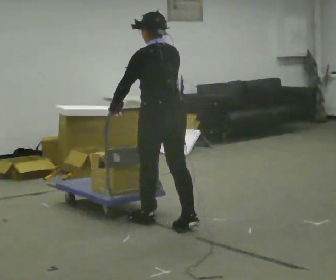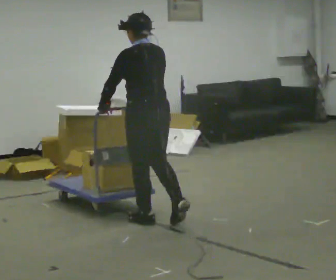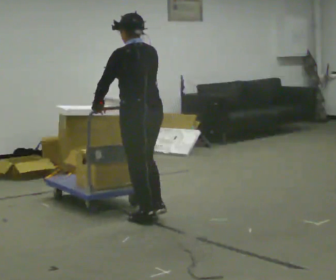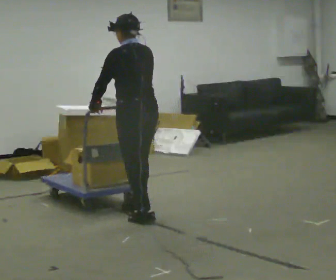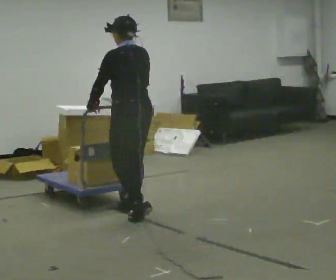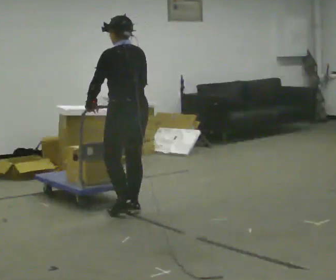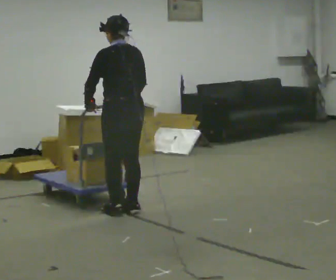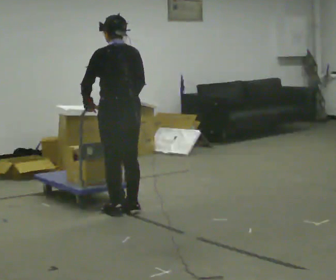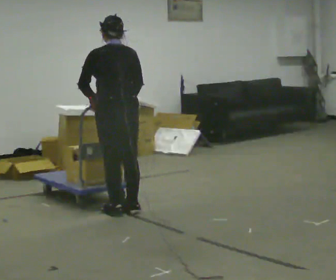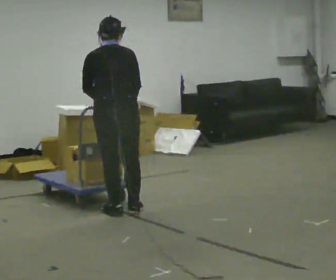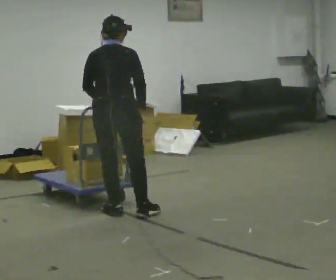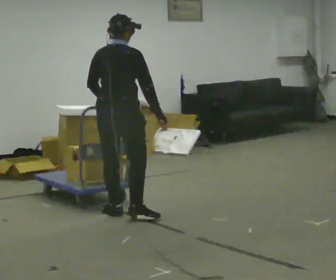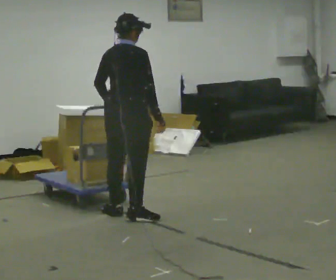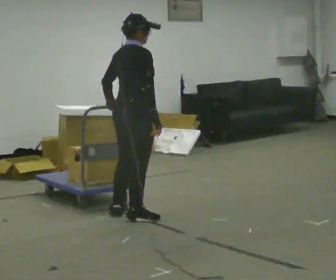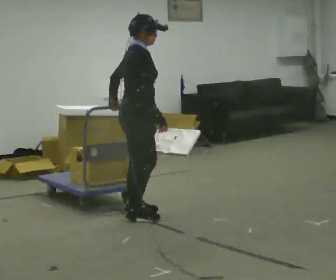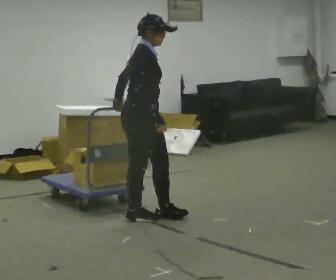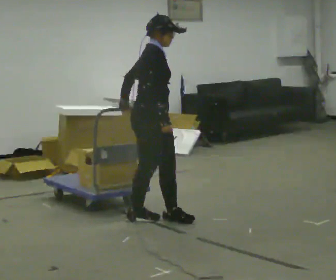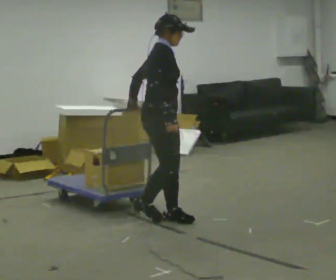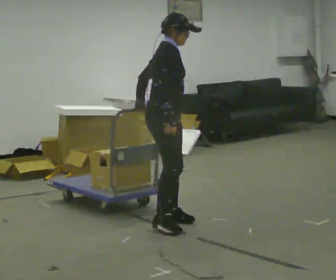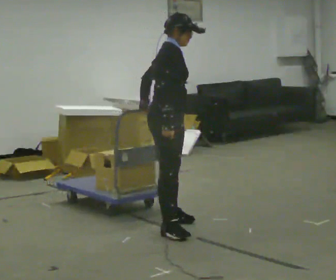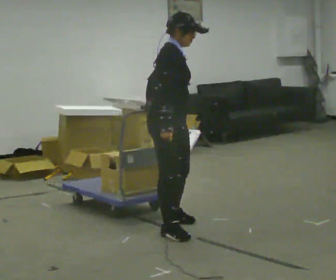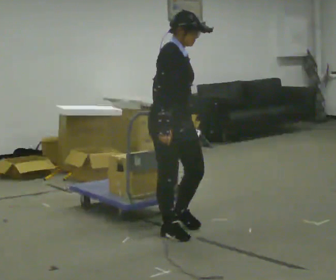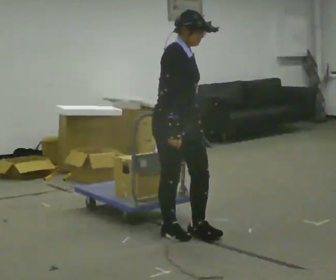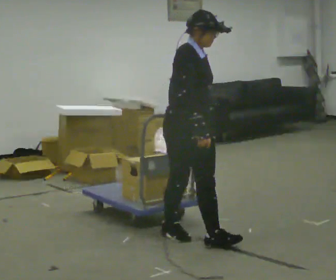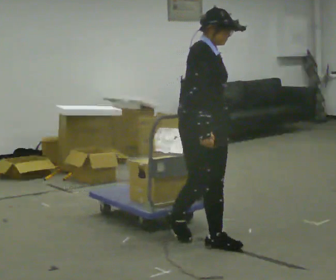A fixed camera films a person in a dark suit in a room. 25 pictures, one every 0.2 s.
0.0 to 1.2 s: In the picture they go away from the camera and to the left, about 0.5 m in 2 steps, which for them is forward.
1.2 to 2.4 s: The person turns about 75 degrees to their right, clockwise seen from above, so the part of the body nearest the lens slides to the left.
2.4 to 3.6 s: The part of the body nearest the lens slides to the left as the person turns to their right by about 60 degrees. In the picture they go to the right and toward the camera, about 0.25 m in 1 step.
3.6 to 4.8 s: The part of the body nearest the lens slides to the left as the person turns to their right by about 30 degrees. In the picture they go toward the camera and to the right, about 0.5 m in 2 steps, which for them is forward and to their right.
The film runs forward here.
